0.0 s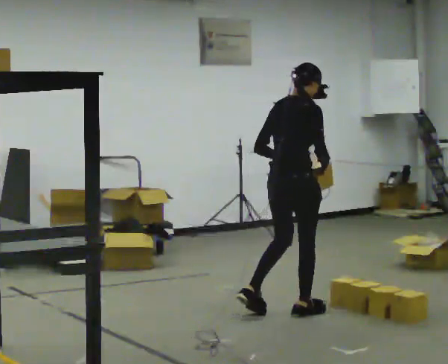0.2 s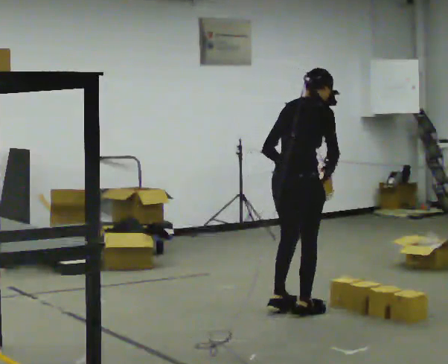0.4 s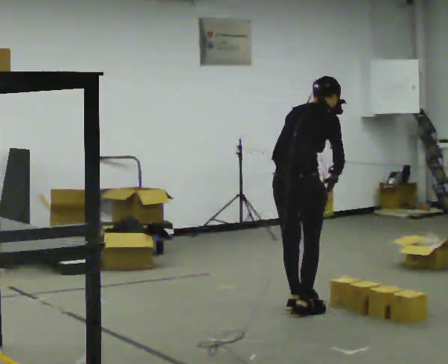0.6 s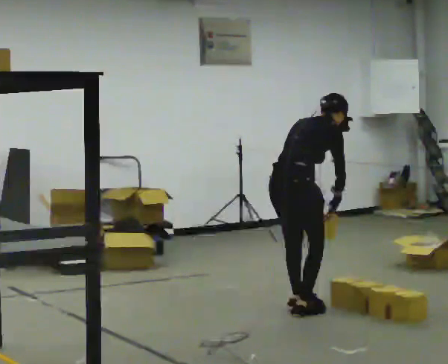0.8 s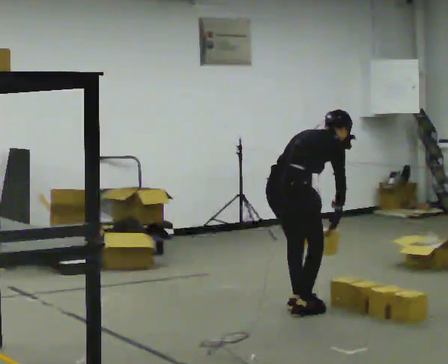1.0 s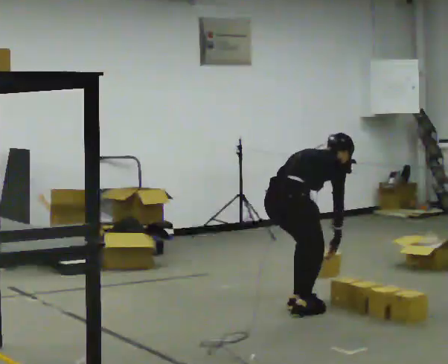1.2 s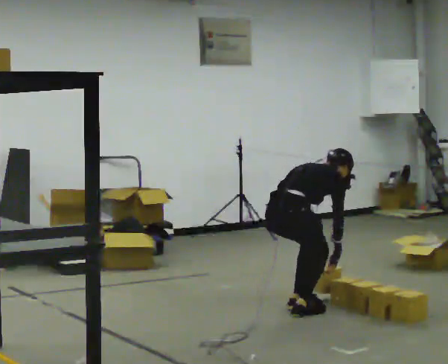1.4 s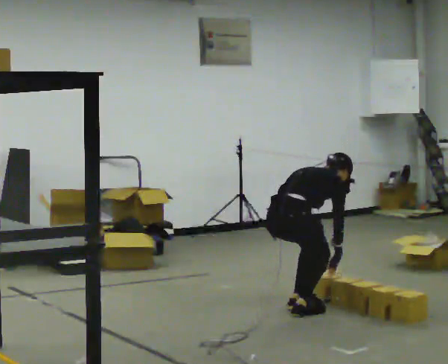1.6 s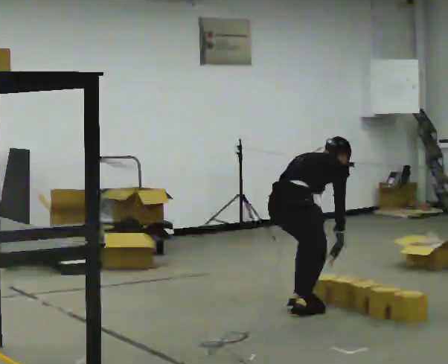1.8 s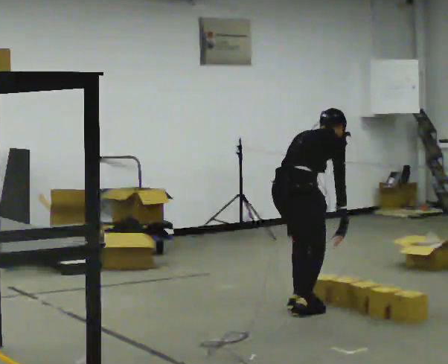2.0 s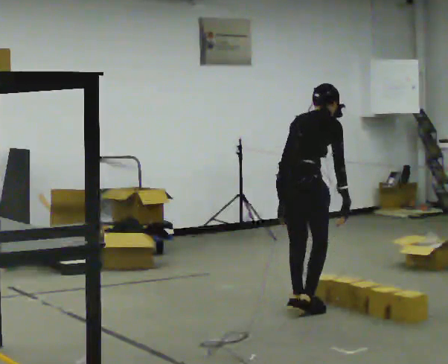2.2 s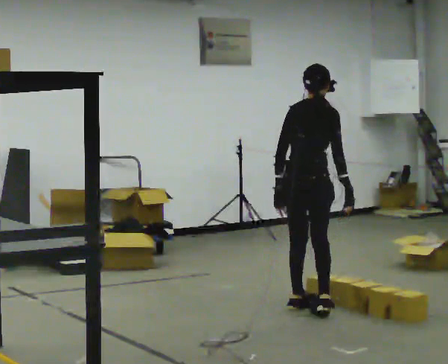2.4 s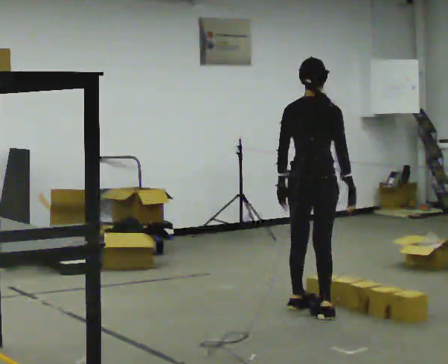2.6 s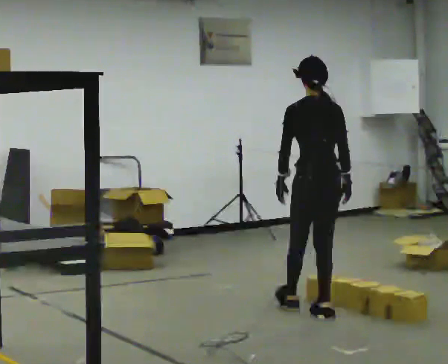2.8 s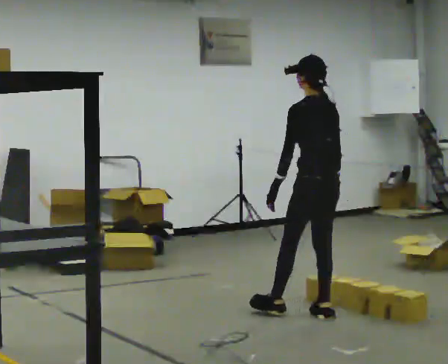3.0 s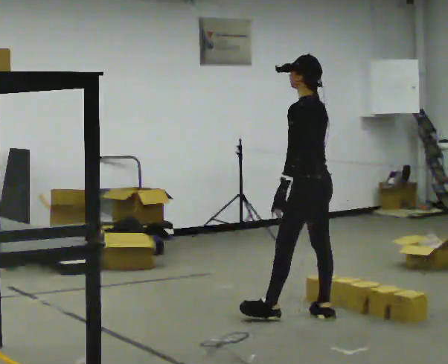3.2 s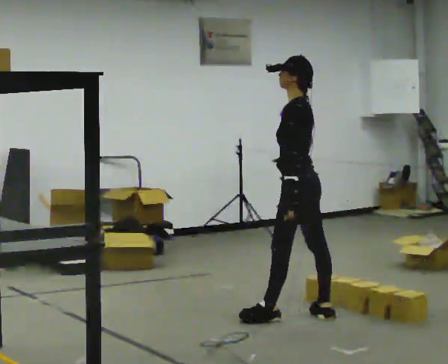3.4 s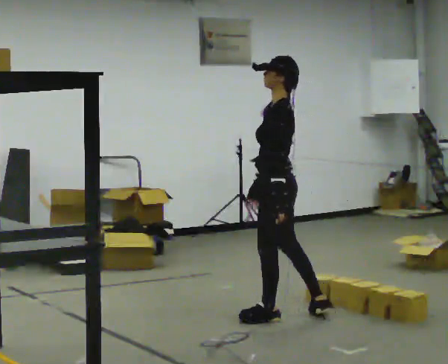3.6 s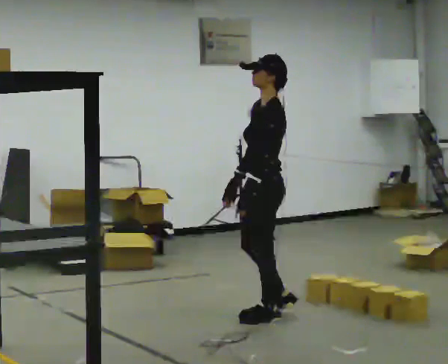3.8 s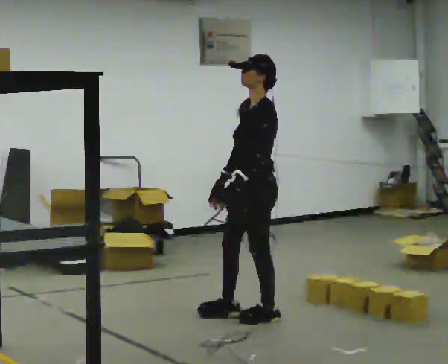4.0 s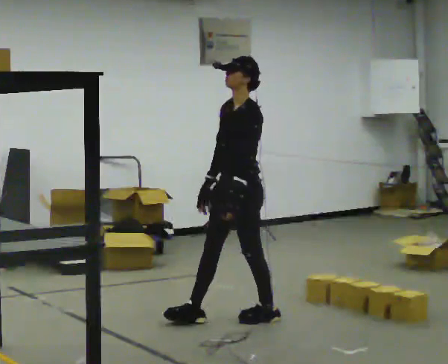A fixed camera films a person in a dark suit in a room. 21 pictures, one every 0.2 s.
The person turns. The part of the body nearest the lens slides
to the right.
The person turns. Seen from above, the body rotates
counterclockwise.
0.0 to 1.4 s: The upper body goes downward. The upper body tips away from the camera, its near side rolling upward, as they bend forward. In the picture their right hand goes downward.
1.4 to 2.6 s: The person turns about 60 degrees to their left, counterclockwise seen from above, so the part of the body nearest the lens slides to the right. In the picture they go to the right, about 0.25 m in 1 step. The shoulders move upward. In the picture the upper body tilts counterclockwise, shoulders to the left, as they lean back or straighten. In the picture their left hand goes upward.
2.6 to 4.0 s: Seen from above the body turns counterclockwise, about 105 degrees: to their left, with its near side sliding to the right. In the picture they go to the left, about 0.5 m in 2 steps.
The film runs forward here.
